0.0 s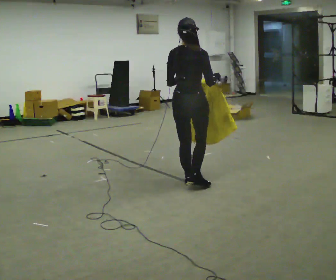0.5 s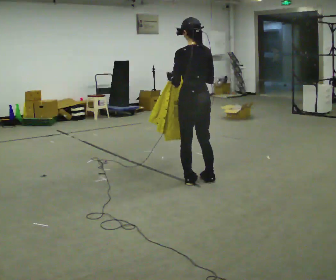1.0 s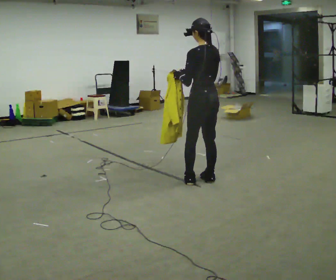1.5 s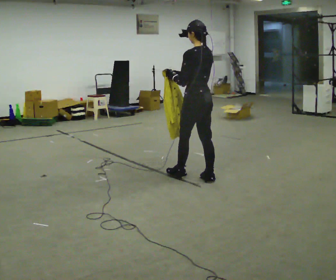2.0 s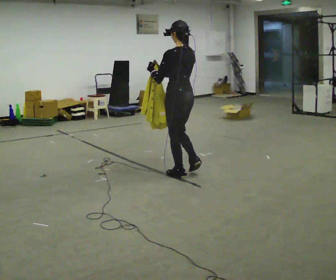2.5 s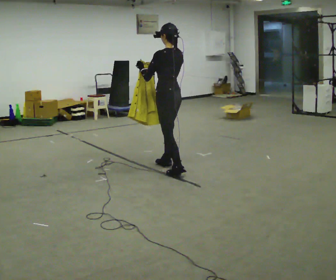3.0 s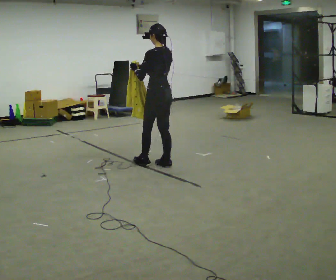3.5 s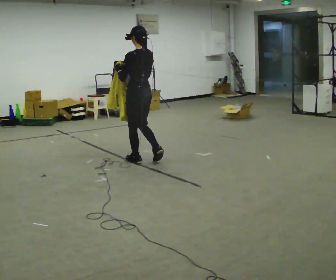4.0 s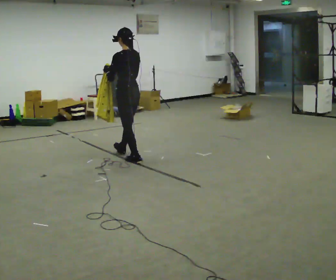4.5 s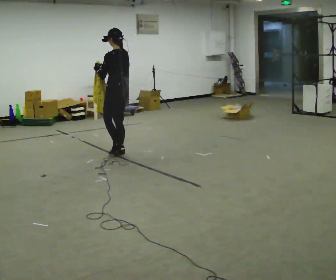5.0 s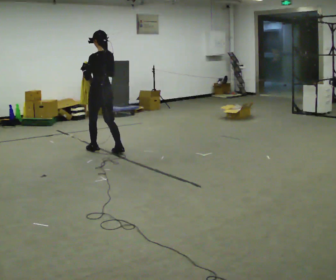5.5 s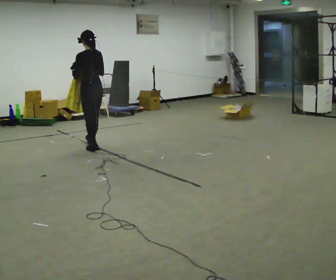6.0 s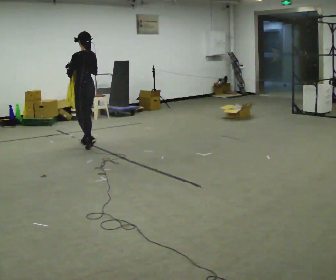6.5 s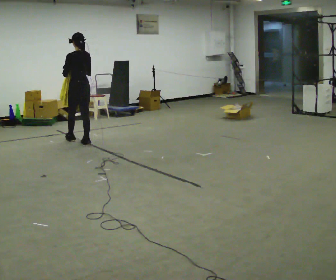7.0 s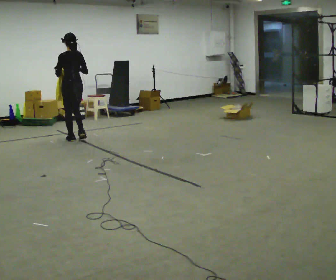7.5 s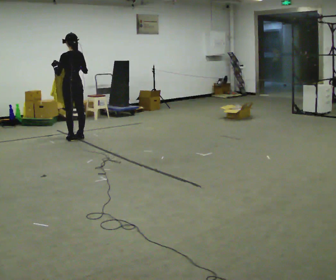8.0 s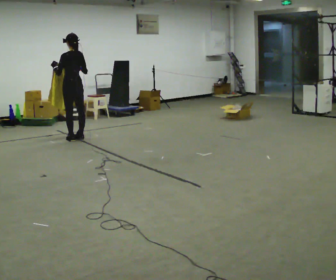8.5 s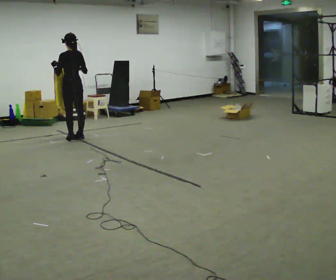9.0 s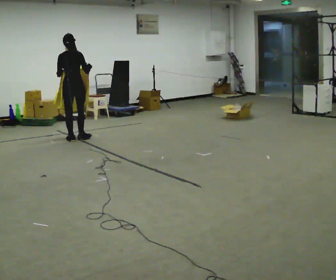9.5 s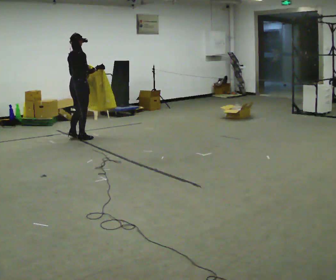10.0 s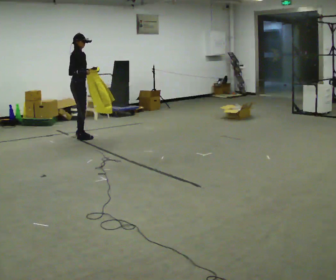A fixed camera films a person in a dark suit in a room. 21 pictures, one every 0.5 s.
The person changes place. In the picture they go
away from the camera.
0.0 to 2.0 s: Seen from above the body turns counterclockwise, about 60 degrees: to their left, with its near side sliding to the right. In the picture they go away from the camera, about 0.25 m in 2 steps.
2.0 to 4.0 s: In the picture they go away from the camera and to the left, about 1 m in 2 steps, which for them is forward.
4.0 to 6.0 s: In the picture they go away from the camera and to the left, about 1 m in 3 steps, which for them is forward.
6.0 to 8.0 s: In the picture they go away from the camera and to the left, about 0.5 m in 2 steps, which for them is forward.
8.0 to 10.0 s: The person turns about 135 degrees to their right, clockwise seen from above, so the part of the body nearest the lens slides to the left. In the picture they go away from the camera, about 0.25 m in 1 step.
The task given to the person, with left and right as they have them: Carry the cloth and, while walking, fold it in half, then unfold it. Keep repeating as you walk. Do not stop.
The film runs forward here.
